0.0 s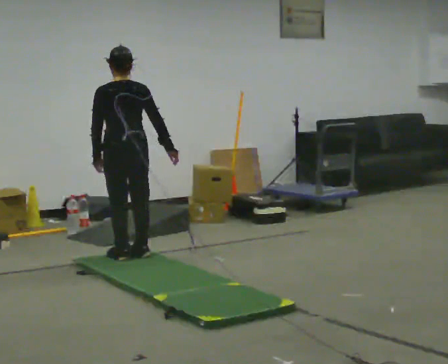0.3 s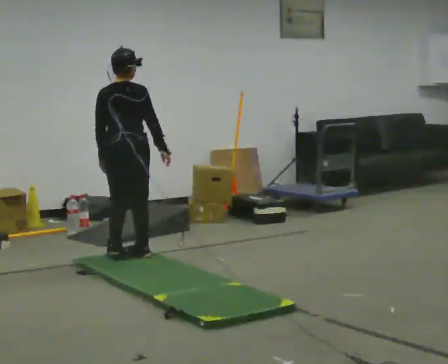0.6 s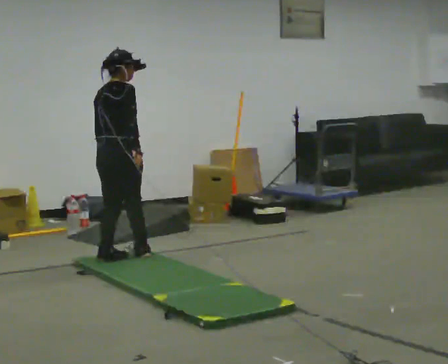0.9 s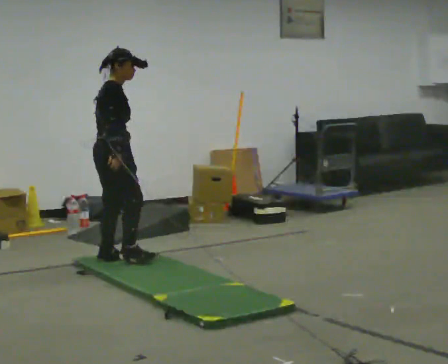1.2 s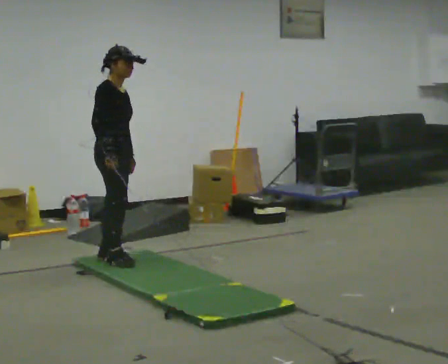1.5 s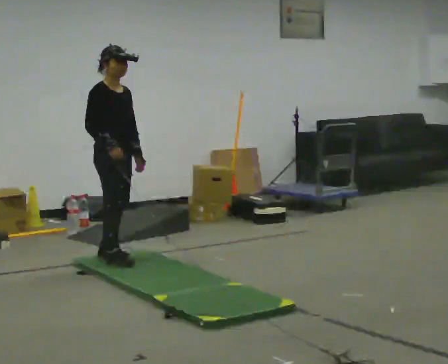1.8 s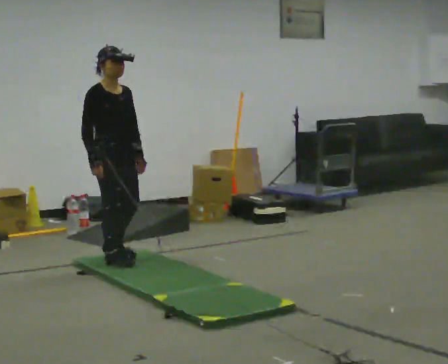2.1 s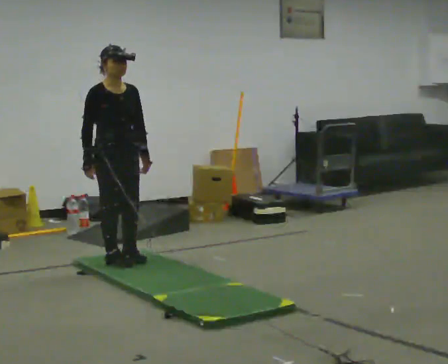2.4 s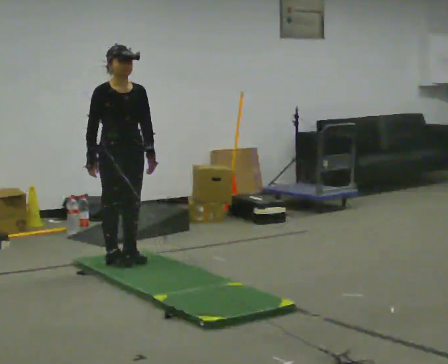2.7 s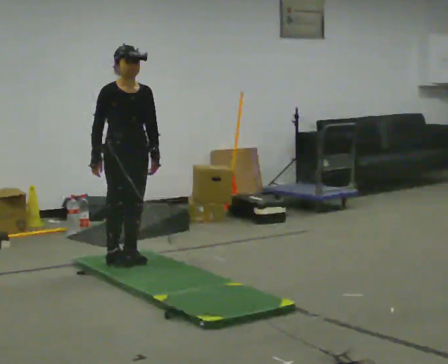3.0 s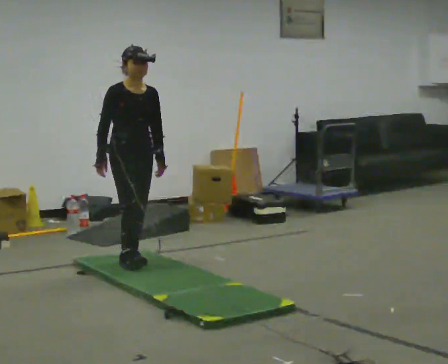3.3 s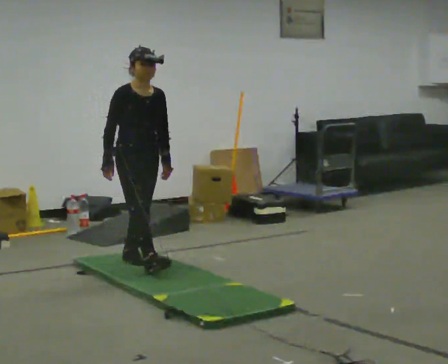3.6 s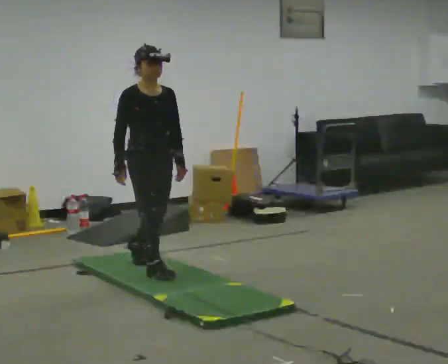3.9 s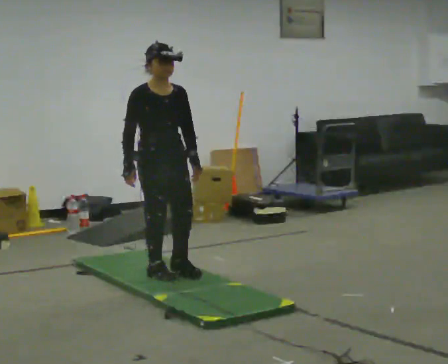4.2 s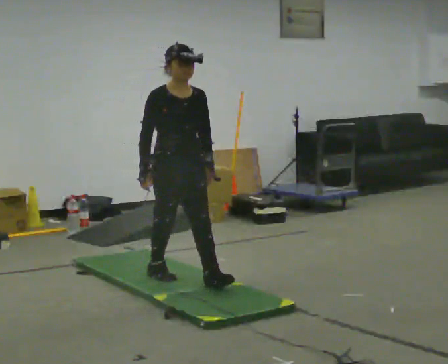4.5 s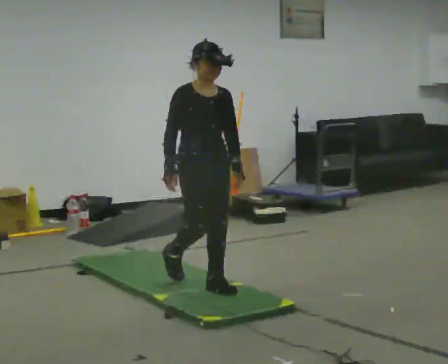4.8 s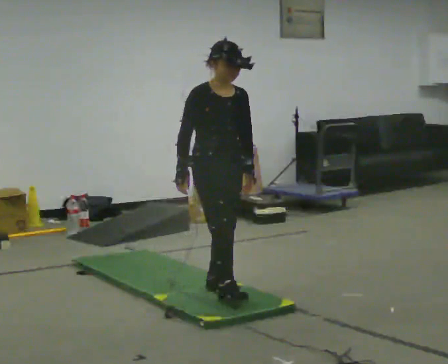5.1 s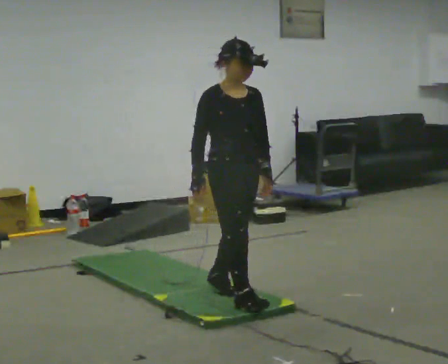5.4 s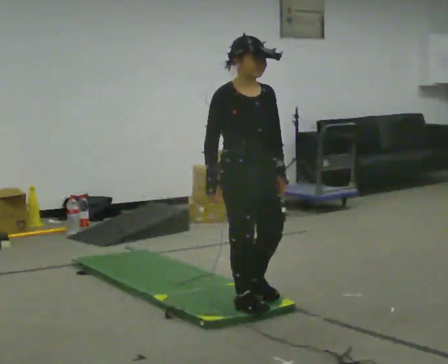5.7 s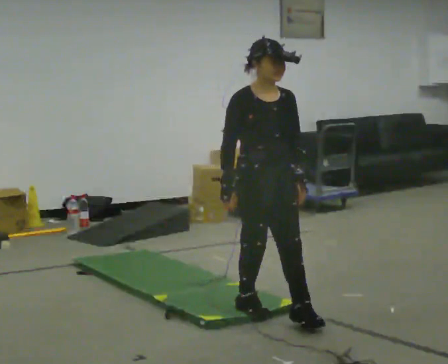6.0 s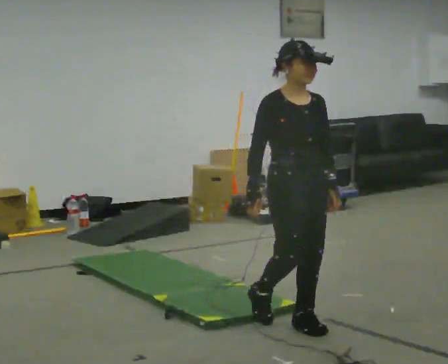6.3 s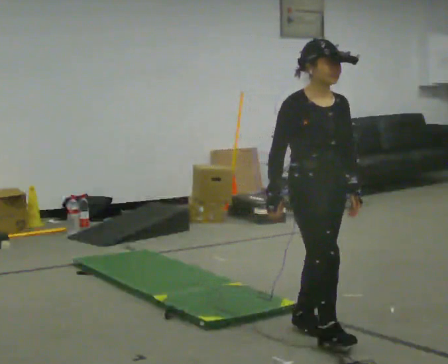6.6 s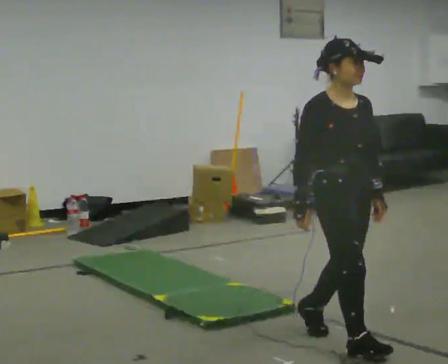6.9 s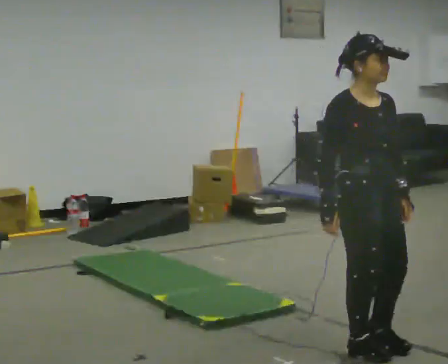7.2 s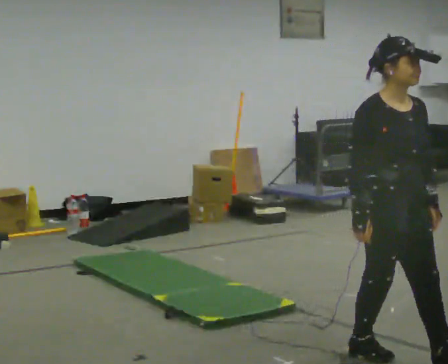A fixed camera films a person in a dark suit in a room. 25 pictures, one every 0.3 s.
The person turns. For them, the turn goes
to their right.
The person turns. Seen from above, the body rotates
clockwise.
0.0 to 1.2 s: The person turns about 120 degrees to their right, clockwise seen from above, so the part of the body nearest the lens slides to the left. In the picture their right hand goes to the left.
1.2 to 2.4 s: The part of the body nearest the lens slides to the left as the person turns to their right by about 45 degrees.
2.4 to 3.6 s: In the picture they go toward the camera and to the right, about 0.25 m in 1 step, which for them is forward.
3.6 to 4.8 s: In the picture they go toward the camera and to the right, about 0.75 m in 1 step, which for them is forward.
4.8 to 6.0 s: In the picture they go toward the camera and to the right, about 0.5 m in 2 steps, which for them is forward.
6.0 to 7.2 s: In the picture they go toward the camera and to the right, about 0.75 m in 2 steps, which for them is forward.
The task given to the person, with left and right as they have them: Walk across the soft uneven mat at a comfortable speed; continue walking normally after you leave it.
The film runs forward here.
